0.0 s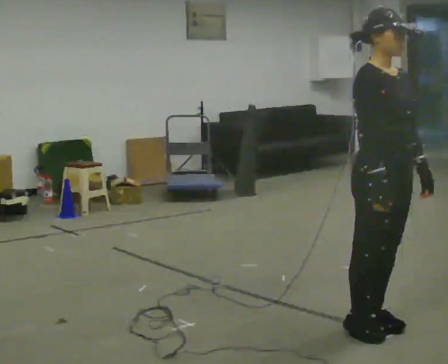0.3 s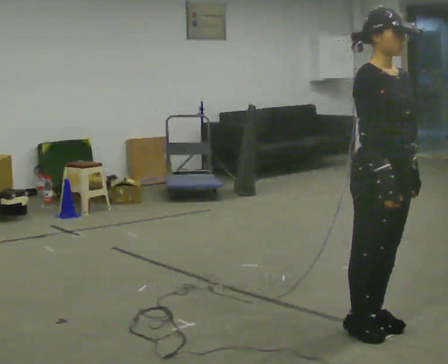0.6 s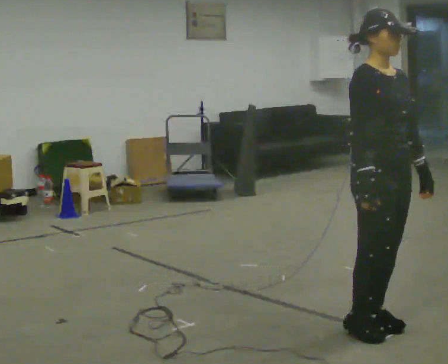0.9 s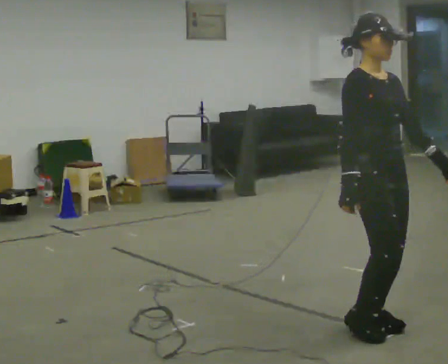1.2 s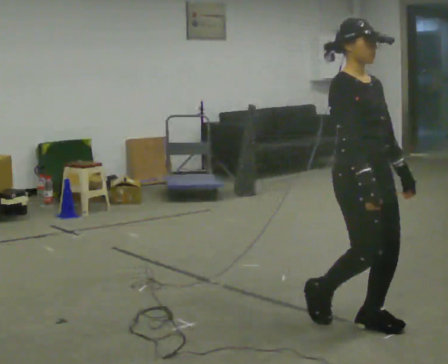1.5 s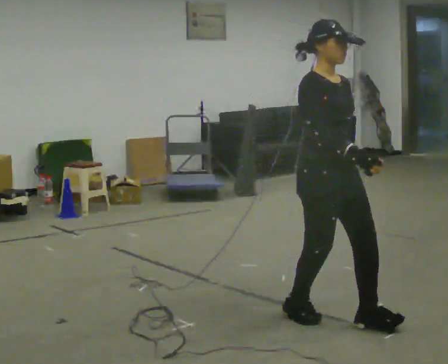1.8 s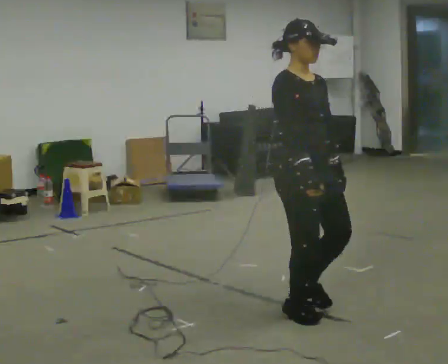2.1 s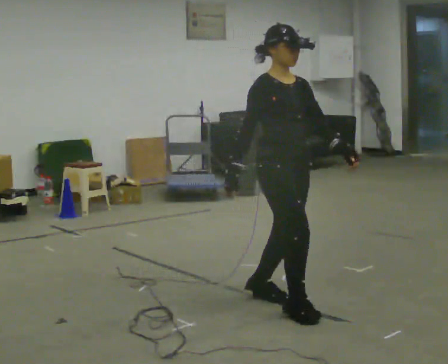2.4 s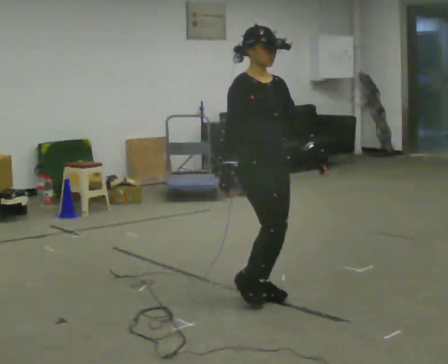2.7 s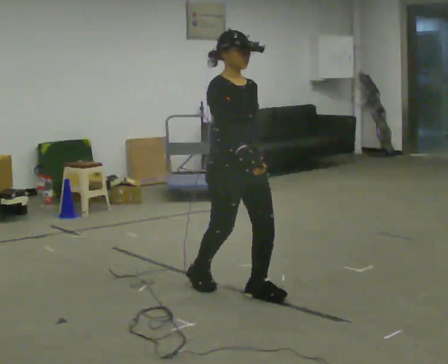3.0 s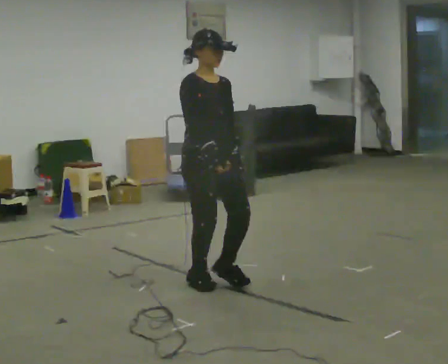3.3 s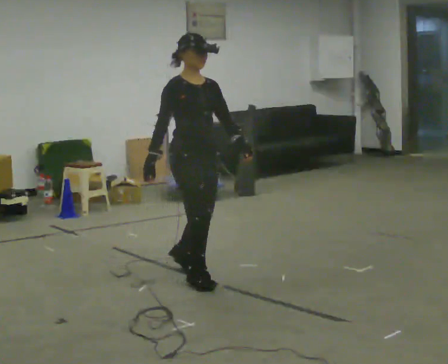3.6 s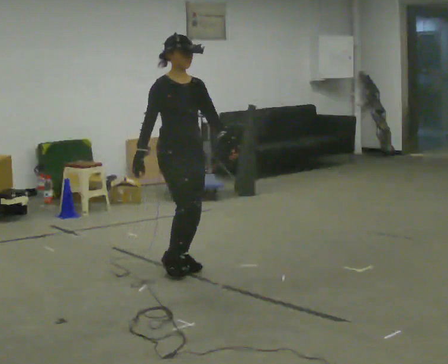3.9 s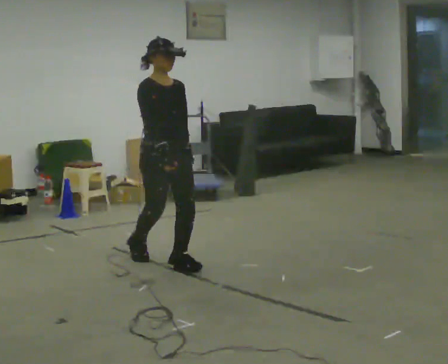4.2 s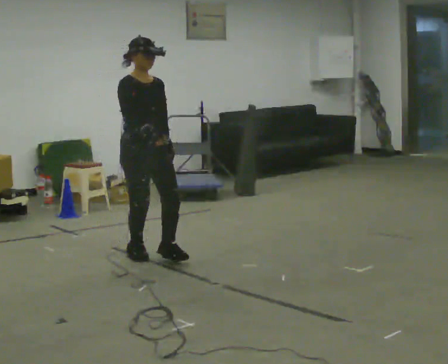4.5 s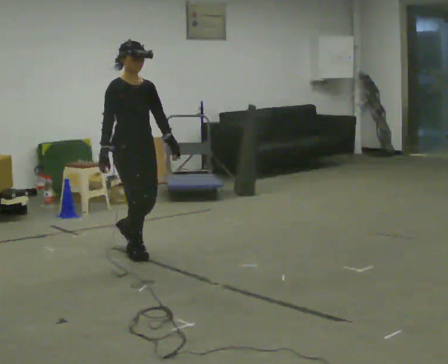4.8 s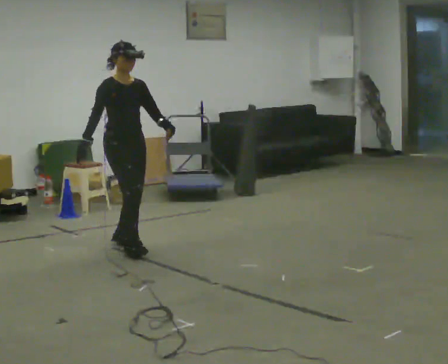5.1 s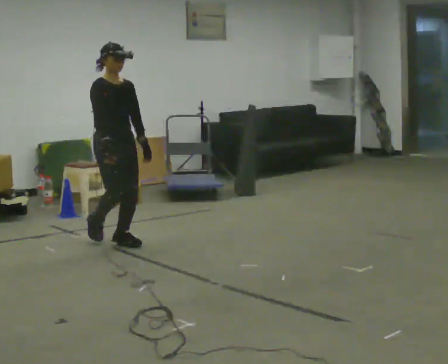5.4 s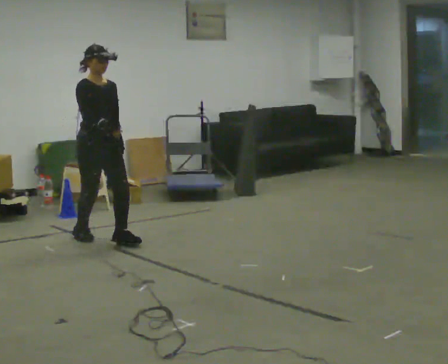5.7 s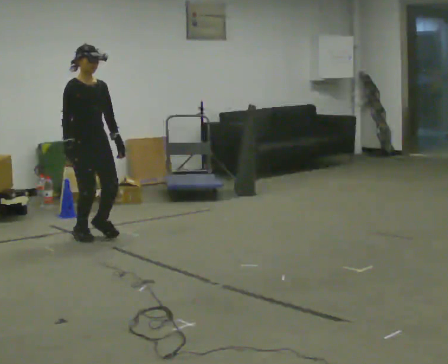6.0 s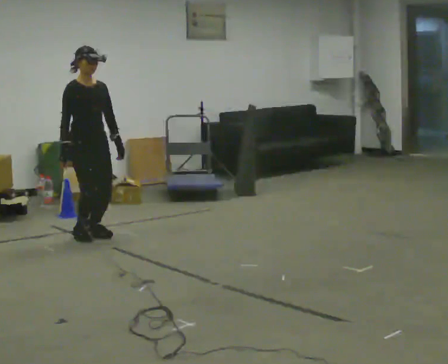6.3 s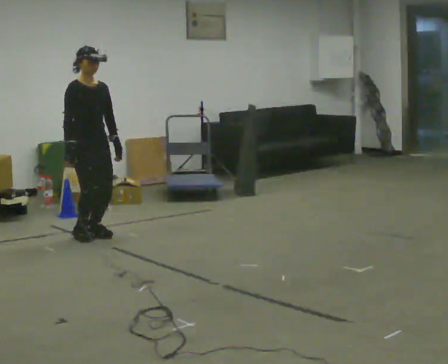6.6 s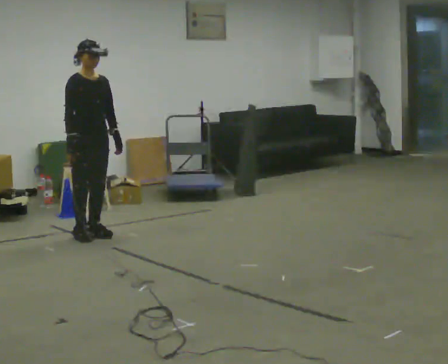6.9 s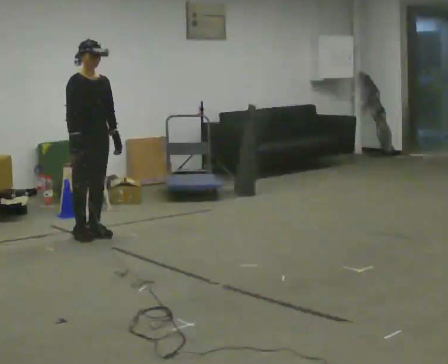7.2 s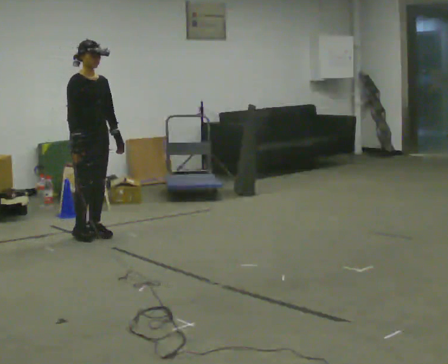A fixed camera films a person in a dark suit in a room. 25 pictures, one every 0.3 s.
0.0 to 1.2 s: The person moves a little, or ends about where they began.
1.2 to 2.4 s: In the picture they go away from the camera and to the left, about 0.75 m in 2 steps, which for them is backward.
2.4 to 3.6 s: In the picture they go away from the camera and to the left, about 1 m in 2 steps, which for them is backward.
3.6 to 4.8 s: In the picture they go away from the camera and to the left, about 1 m in 2 steps, which for them is backward.
4.8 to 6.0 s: In the picture they go away from the camera and to the left, about 0.5 m in 1 step, which for them is backward.
6.0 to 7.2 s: The person moves a little, or ends about where they began.
The film runs backward here.
